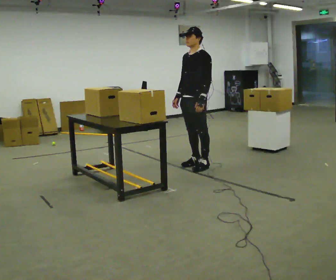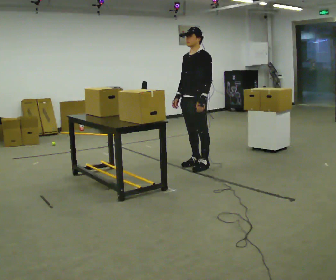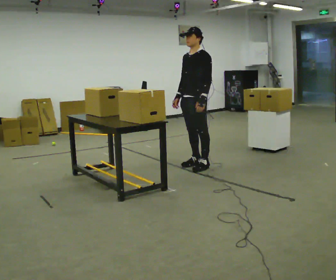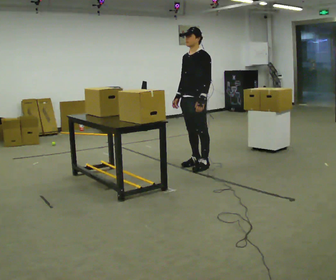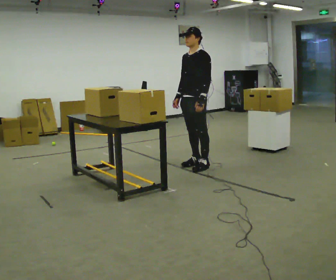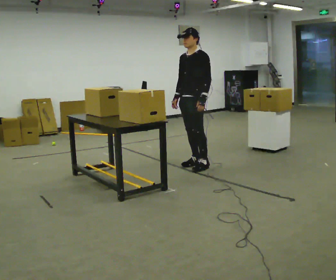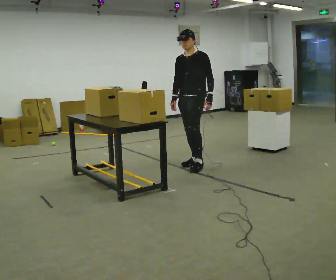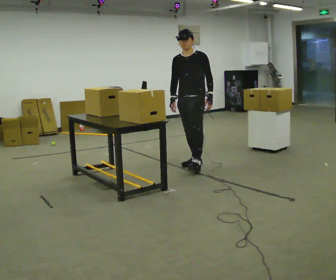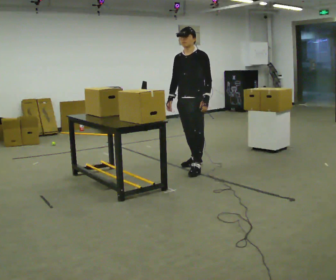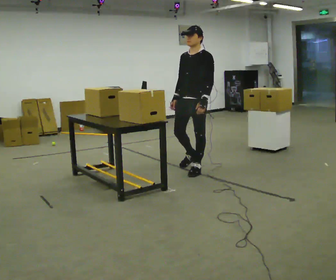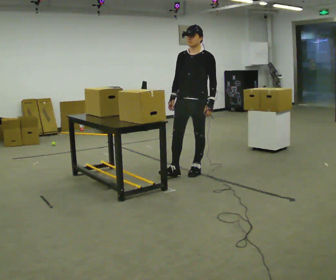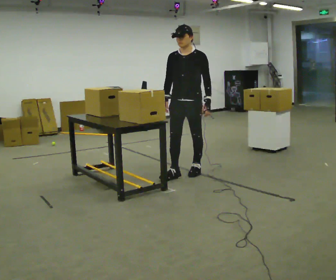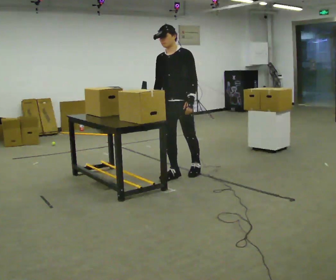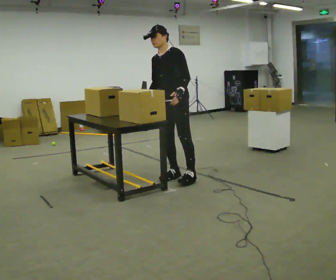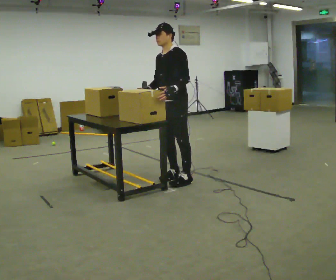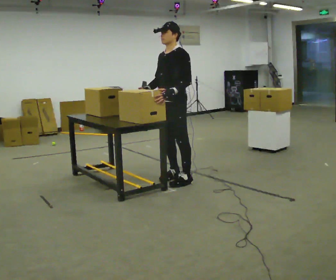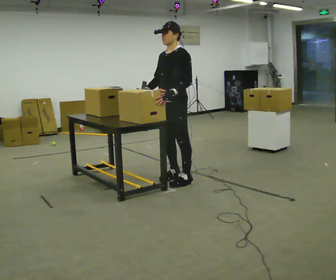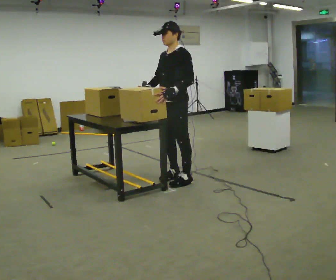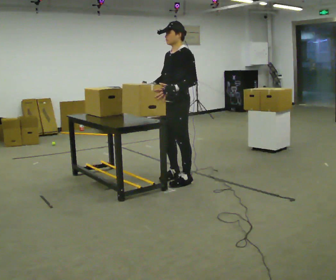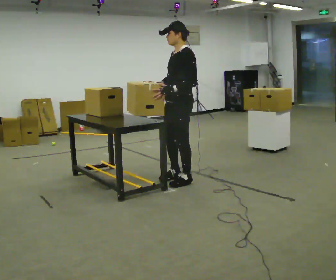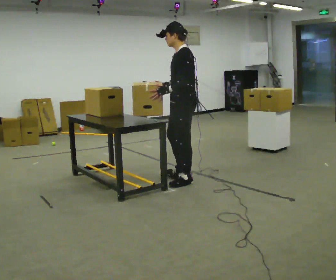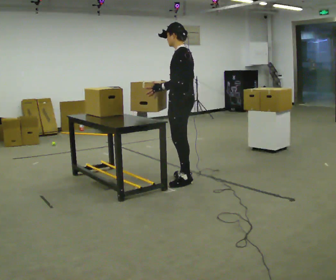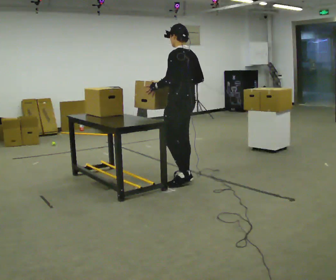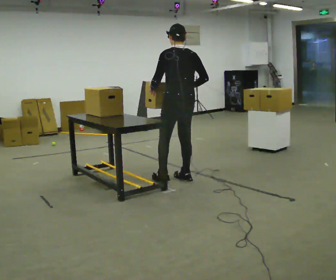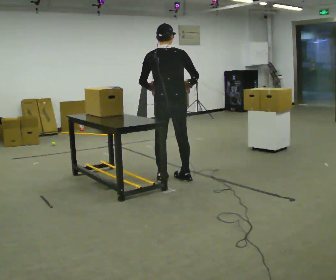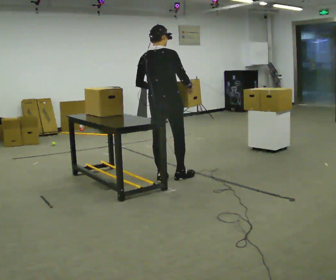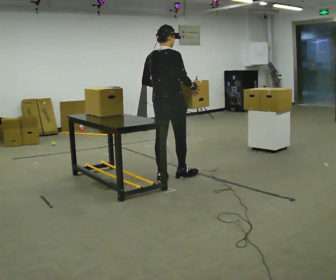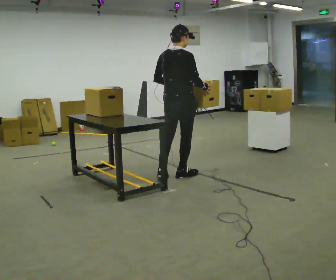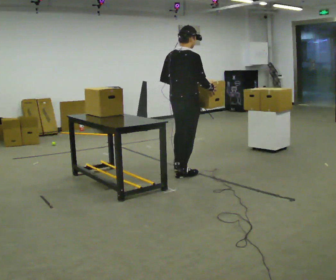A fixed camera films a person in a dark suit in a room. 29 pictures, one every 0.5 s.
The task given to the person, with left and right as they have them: Move objects one at a time from the waist-height shelf at one end of the room to the waist-height shelf at the other end. Keep going until the operator says stop; one object at a time, and do not rush between trips.
0.0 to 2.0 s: The person keeps their place and pose.
2.0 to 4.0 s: The person moves a little, or ends about where they began.
4.0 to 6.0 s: In the picture they go toward the camera and to the left, about 0.5 m in 1 step, which for them is forward.
6.0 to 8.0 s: In the picture they go toward the camera, about 0.25 m in 1 step, which for them is forward and to their left.
8.0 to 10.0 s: The person turns about 30 degrees to their right, clockwise seen from above, so the part of the body nearest the lens slides to the left.
10.0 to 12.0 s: The part of the body nearest the lens slides to the left as the person turns to their right by about 90 degrees. In the picture they go to the left, about 0.25 m in 2 steps.
12.0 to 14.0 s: The part of the body nearest the lens slides to the left as the person turns to their right by about 45 degrees. In the picture they go away from the camera, about 0.25 m in 1 step, which for them is forward. In the picture their left hand goes to the right.
The film runs forward here.
